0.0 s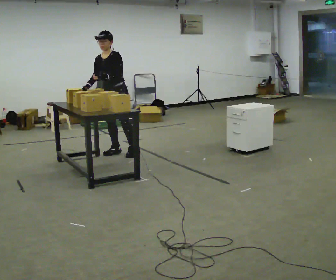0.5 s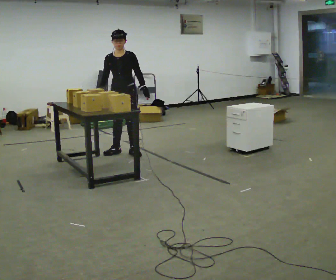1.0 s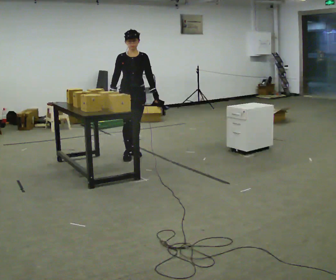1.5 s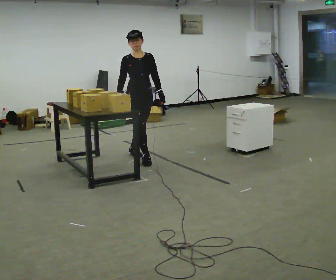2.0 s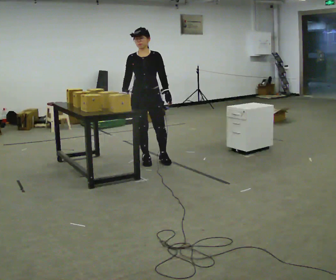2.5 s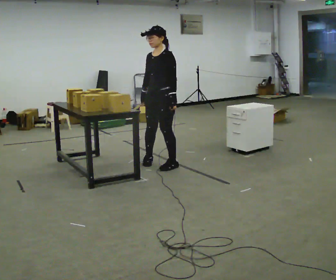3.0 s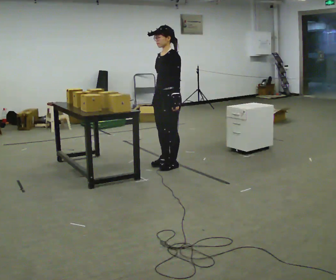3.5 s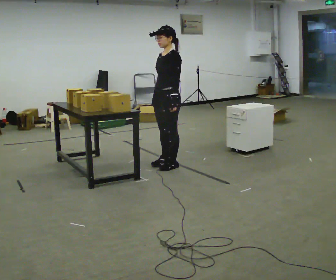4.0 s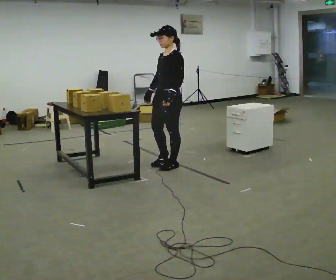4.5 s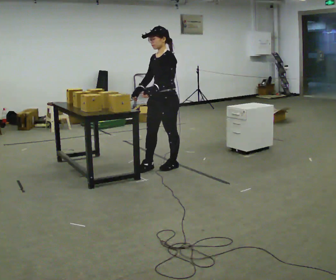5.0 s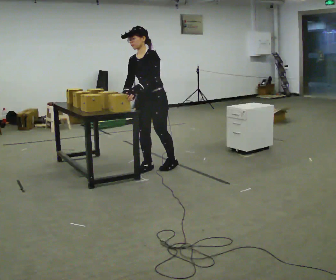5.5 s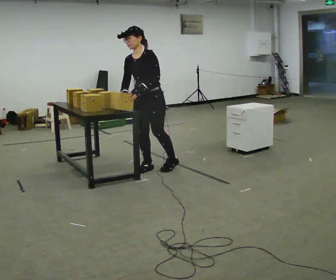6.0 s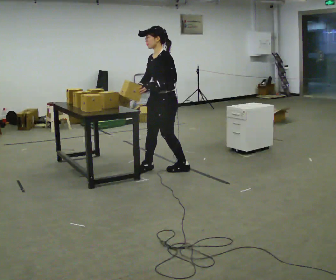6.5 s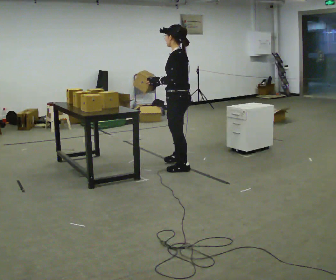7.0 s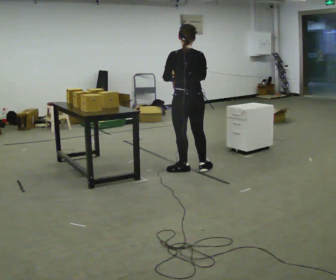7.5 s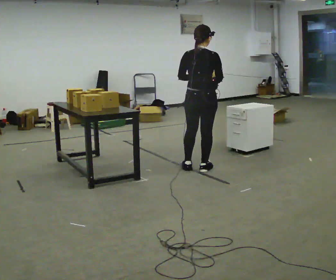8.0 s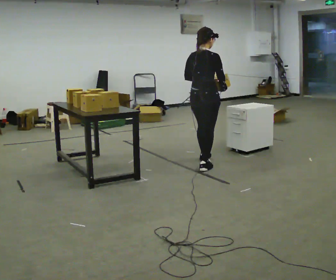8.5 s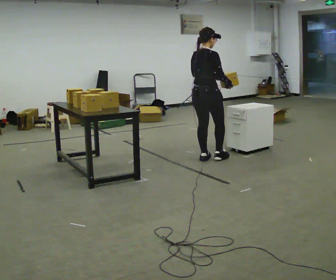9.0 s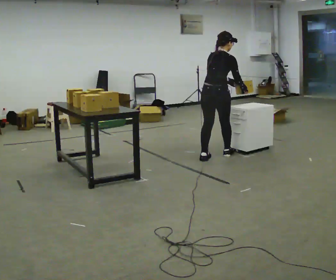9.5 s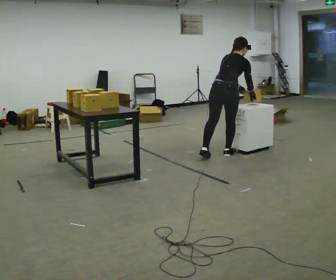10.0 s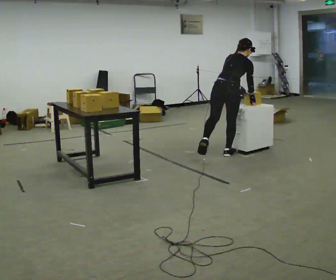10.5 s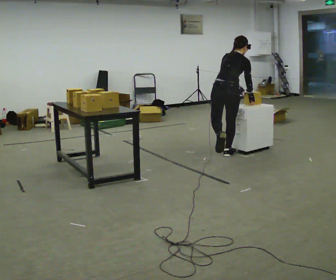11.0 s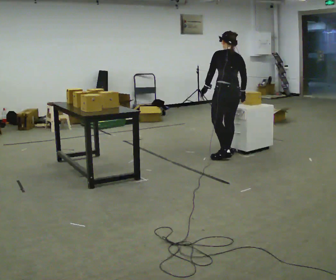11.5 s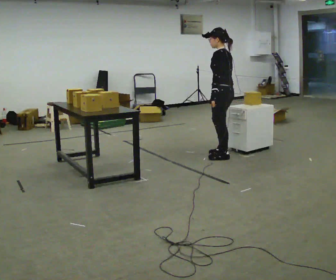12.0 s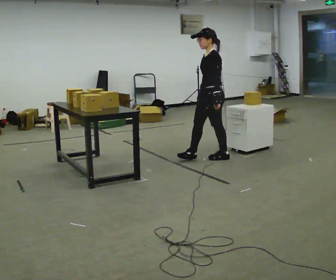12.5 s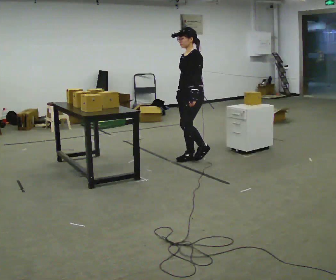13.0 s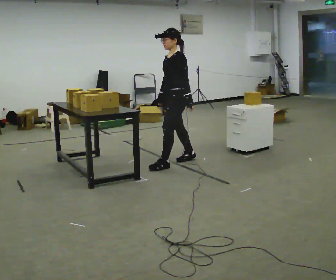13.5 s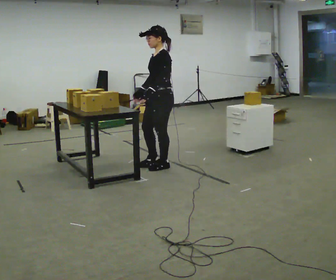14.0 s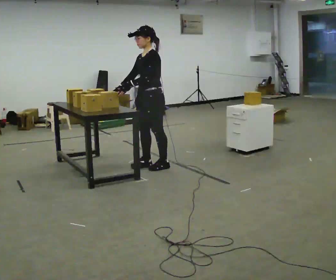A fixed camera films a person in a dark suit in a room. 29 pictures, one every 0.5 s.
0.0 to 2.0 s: In the picture they go to the right and toward the camera, about 0.5 m in 1 step, which for them is forward and to their left.
2.0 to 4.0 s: The part of the body nearest the lens slides to the left as the person turns to their right by about 60 degrees. In the picture they go to the right and toward the camera, about 0.25 m in 2 steps.
4.0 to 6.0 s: The person moves a little, or ends about where they began.
6.0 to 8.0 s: The part of the body nearest the lens slides to the left as the person turns to their right by about 150 degrees. In the picture they go to the right and away from the camera, about 0.5 m in 2 steps.
8.0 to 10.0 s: In the picture they go away from the camera and to the right, about 0.5 m in 1 step, which for them is forward. In the picture the upper body tilts clockwise, shoulders to the right, as they bend forward.
10.0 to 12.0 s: The person turns about 135 degrees to their left, counterclockwise seen from above, so the part of the body nearest the lens slides to the right. In the picture they go to the left, about 0.25 m in 3 steps. In the picture the upper body tilts counterclockwise, shoulders to the left, as they lean back or straighten. In the picture their left hand goes to the left.
12.0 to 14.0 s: In the picture they go to the left and toward the camera, about 0.5 m in 2 steps, which for them is forward.
The film runs forward here.
